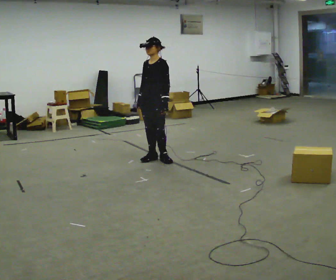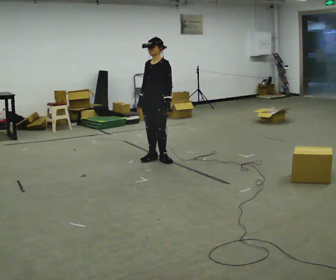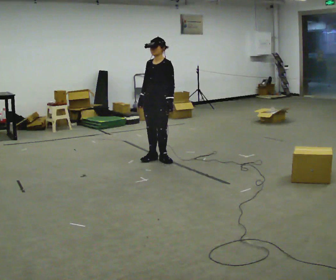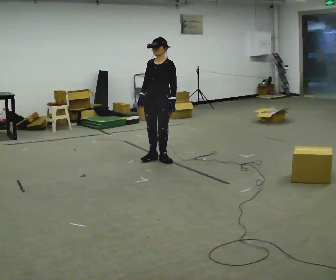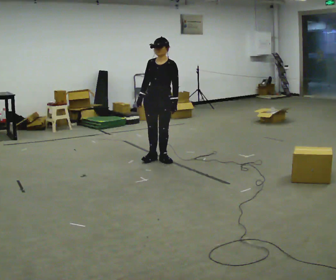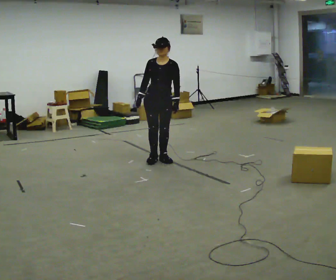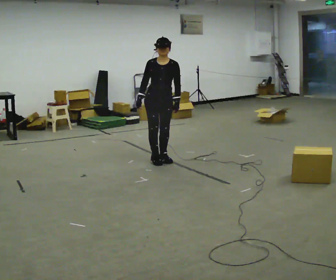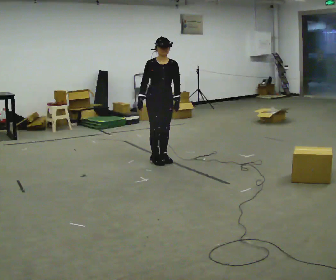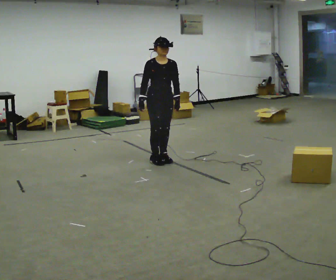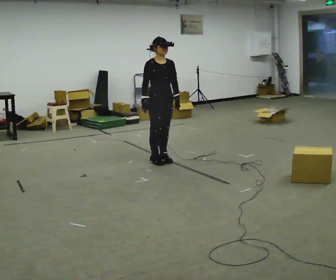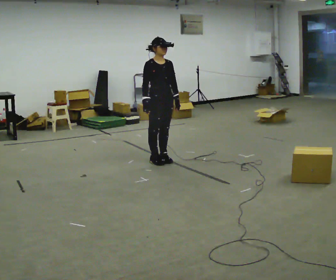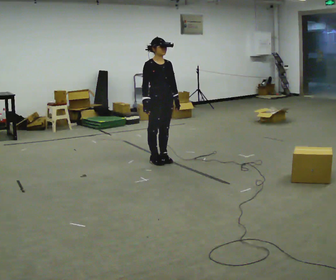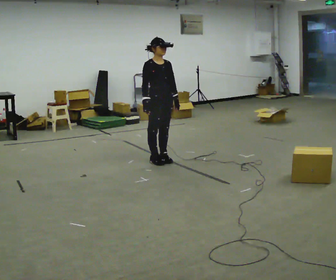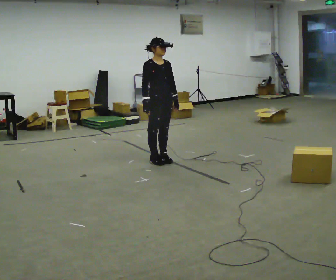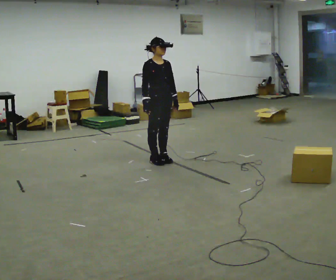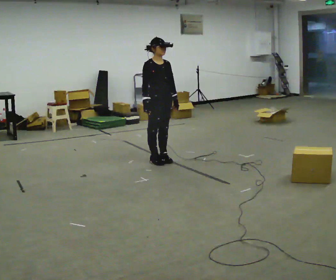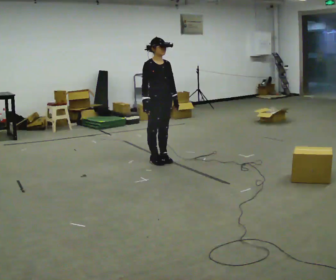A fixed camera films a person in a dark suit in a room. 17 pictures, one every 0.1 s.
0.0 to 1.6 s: The part of the body nearest the lens slides to the right as the person turns to their left by about 90 degrees.
The film runs backward here.
